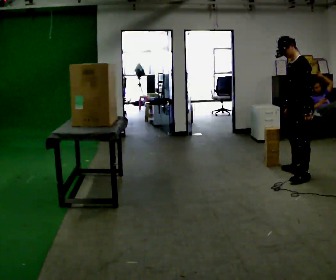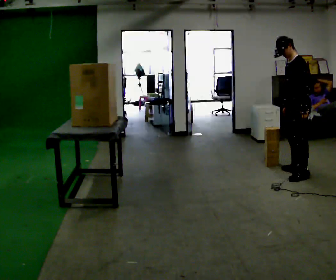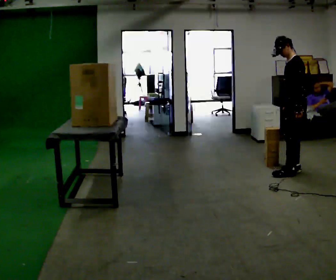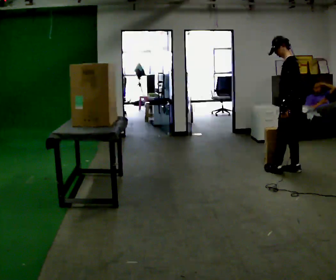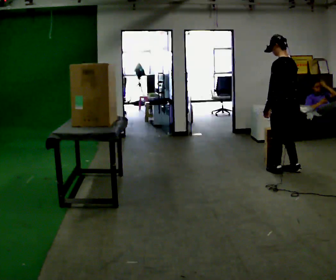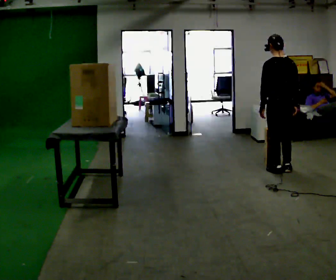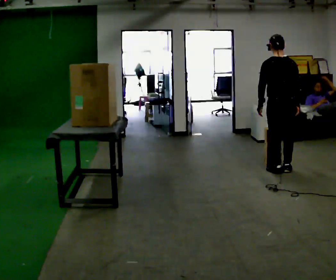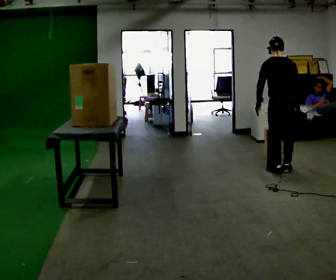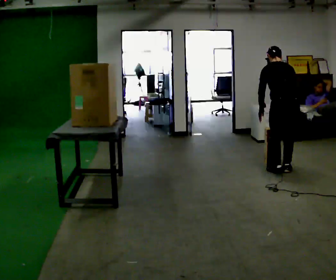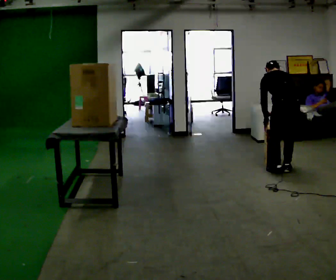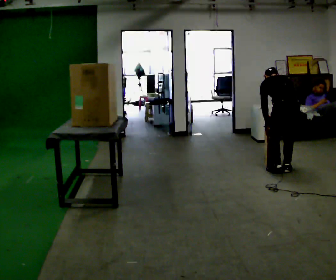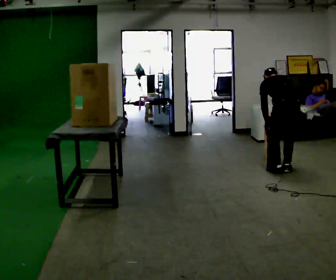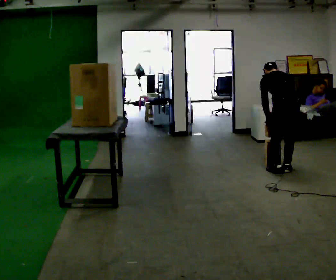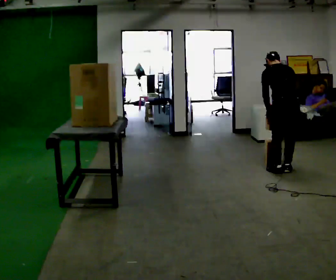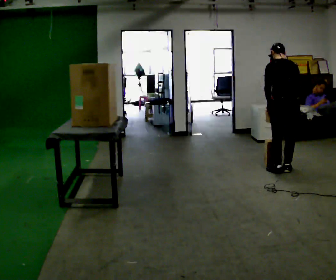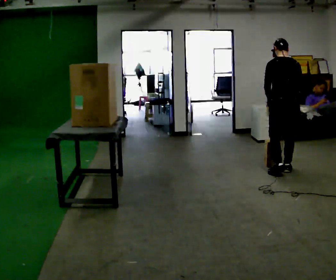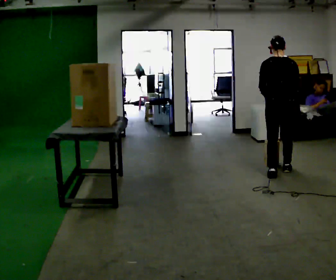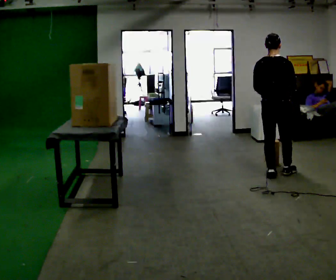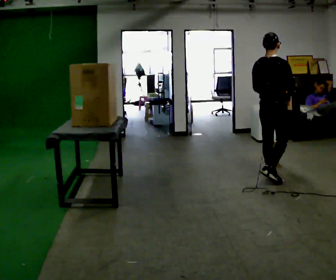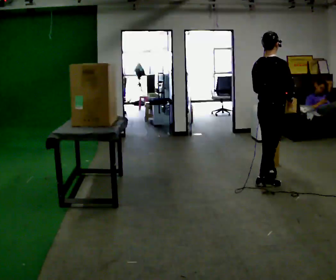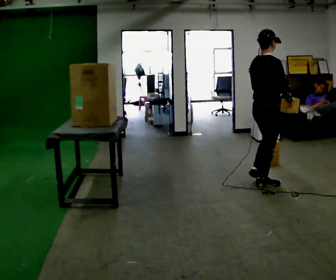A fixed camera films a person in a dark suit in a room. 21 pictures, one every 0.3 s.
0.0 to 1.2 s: The part of the body nearest the lens slides to the left as the person turns to their right by about 45 degrees. In the picture they go to the left, about 0.25 m in 1 step, which for them is to their right and forward. In the picture their left hand goes to the left.
1.2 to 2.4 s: The person turns about 45 degrees to their right, clockwise seen from above, so the part of the body nearest the lens slides to the left. The upper body tips away from the camera, its near side rolling upward, as they bend forward.
2.4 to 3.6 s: The person moves a little, or ends about where they began.
3.6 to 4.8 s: The shoulders move upward. The upper body tips toward the camera, its near side rolling downward, as they lean back or straighten.
4.8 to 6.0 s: The person turns about 60 degrees to their right, clockwise seen from above, so the part of the body nearest the lens slides to the left. In the picture they go toward the camera and to the left, about 0.5 m in 2 steps, which for them is backward.
The film runs backward here.
